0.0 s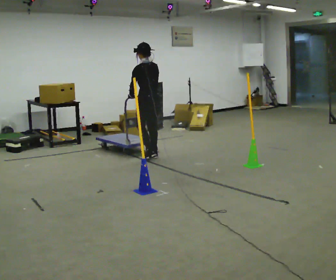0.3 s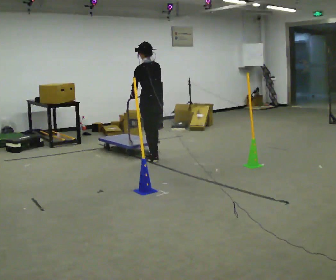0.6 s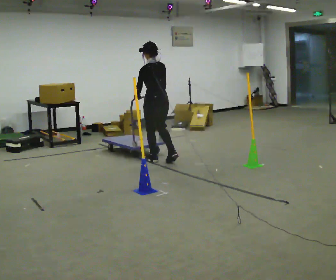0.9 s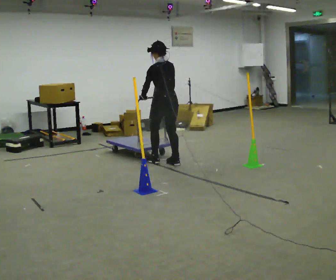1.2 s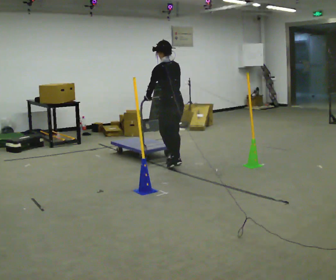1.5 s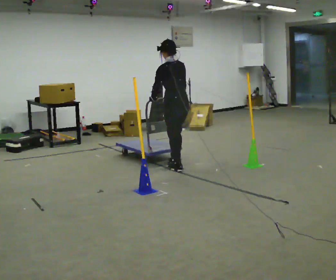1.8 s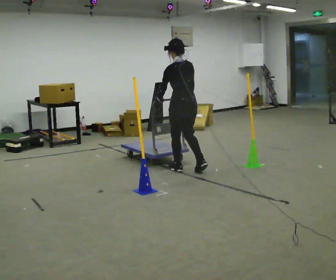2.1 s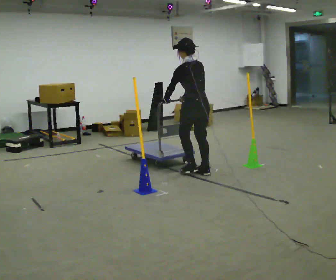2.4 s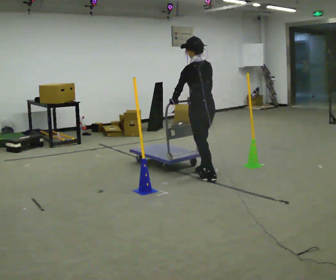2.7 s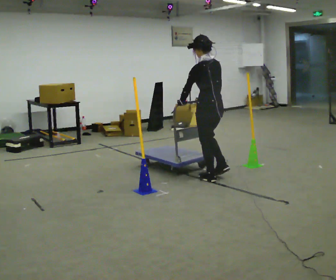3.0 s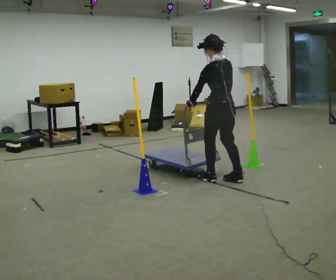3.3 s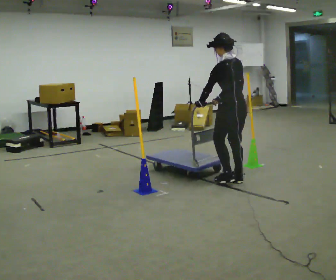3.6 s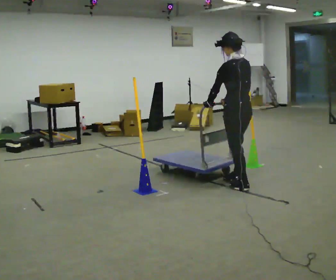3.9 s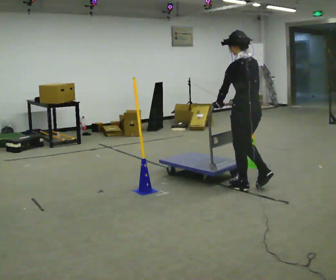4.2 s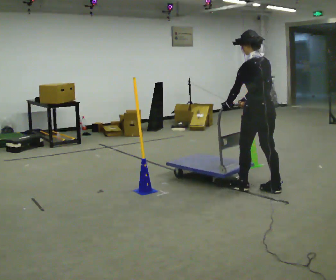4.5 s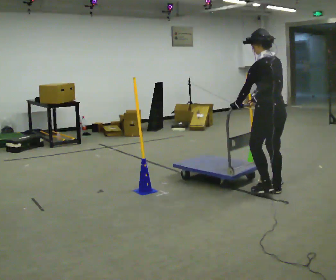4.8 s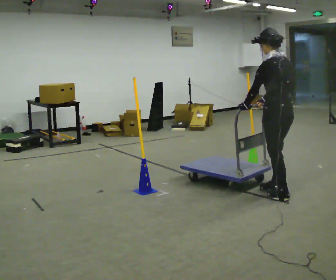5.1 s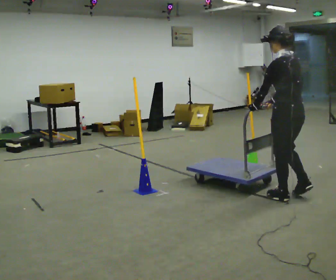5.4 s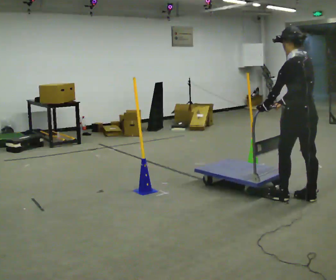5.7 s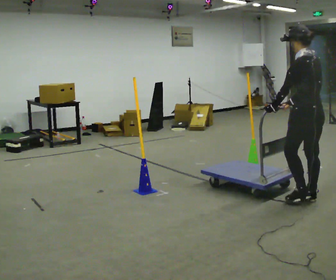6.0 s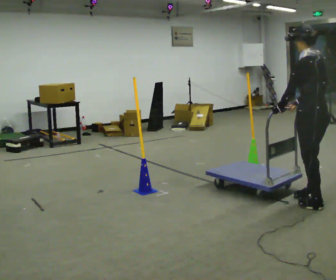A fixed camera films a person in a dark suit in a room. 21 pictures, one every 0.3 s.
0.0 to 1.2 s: In the picture they go toward the camera and to the right, about 0.5 m in 2 steps, which for them is backward.
1.2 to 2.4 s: In the picture they go toward the camera and to the right, about 0.75 m in 2 steps, which for them is backward.
2.4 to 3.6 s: In the picture they go toward the camera and to the right, about 0.5 m in 2 steps, which for them is backward.
3.6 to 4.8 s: In the picture they go to the right and toward the camera, about 0.5 m in 2 steps, which for them is backward.
4.8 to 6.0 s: In the picture they go toward the camera and to the right, about 0.5 m in 2 steps, which for them is backward.
The film runs backward here.
